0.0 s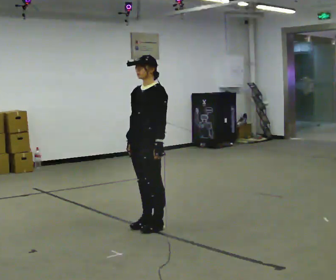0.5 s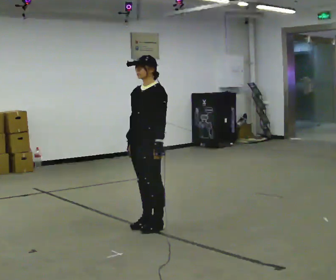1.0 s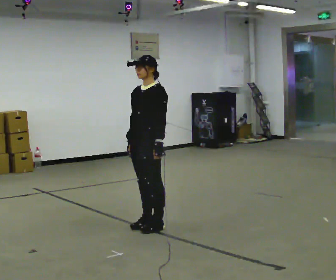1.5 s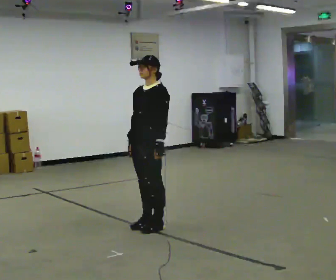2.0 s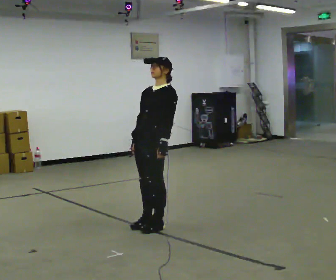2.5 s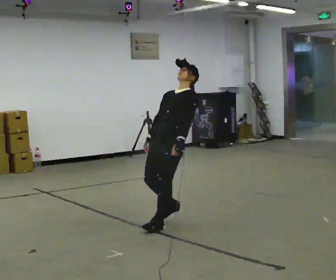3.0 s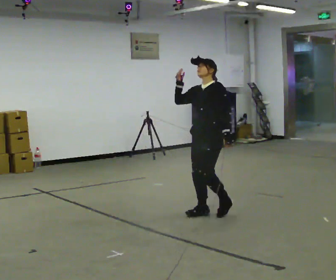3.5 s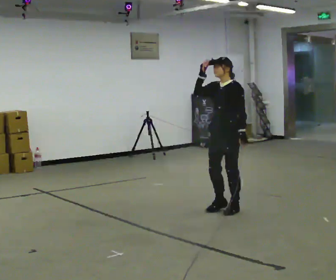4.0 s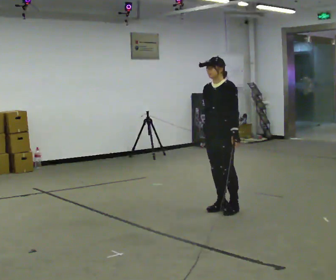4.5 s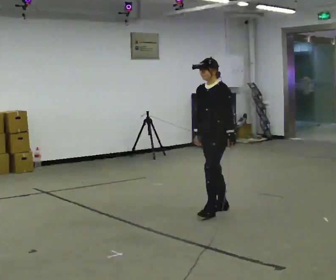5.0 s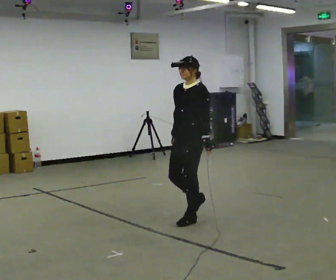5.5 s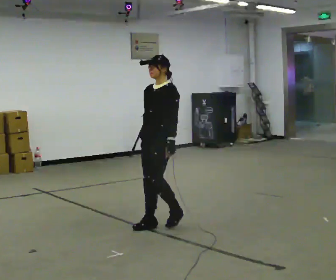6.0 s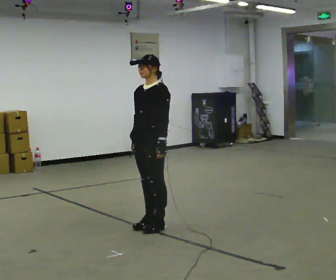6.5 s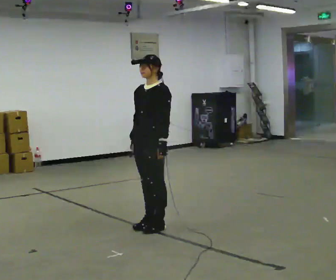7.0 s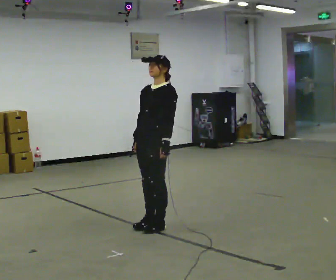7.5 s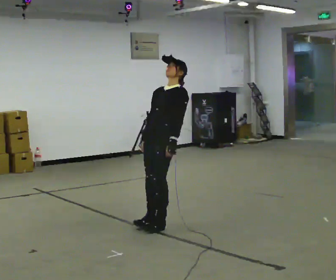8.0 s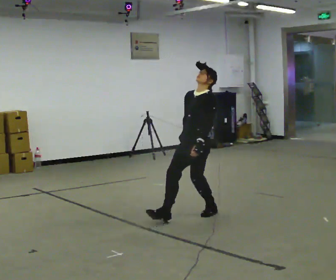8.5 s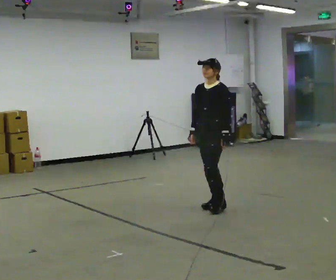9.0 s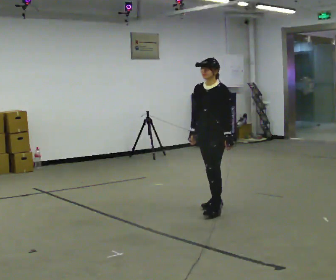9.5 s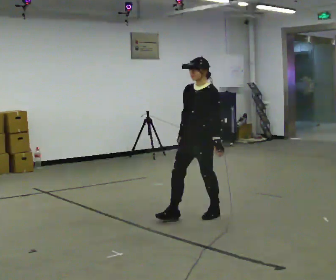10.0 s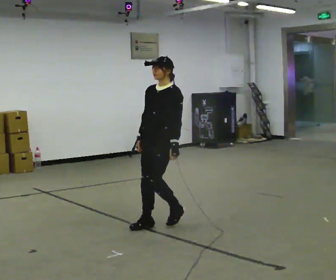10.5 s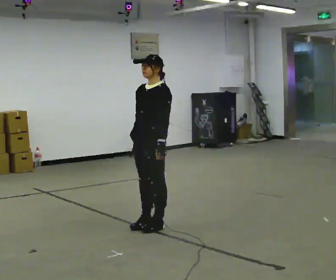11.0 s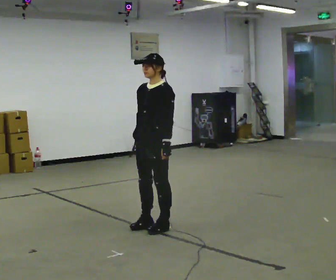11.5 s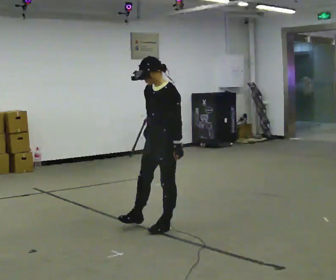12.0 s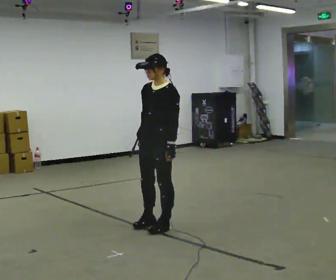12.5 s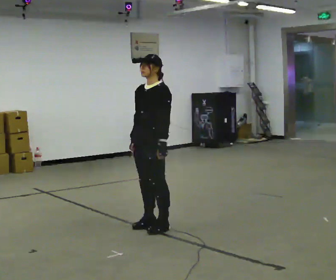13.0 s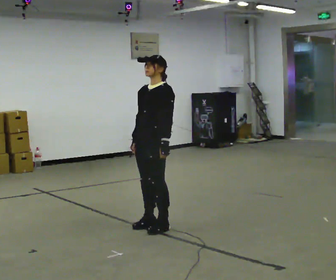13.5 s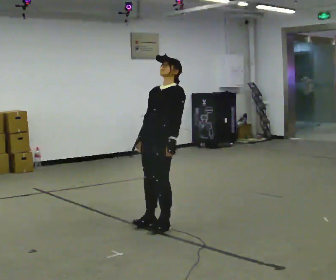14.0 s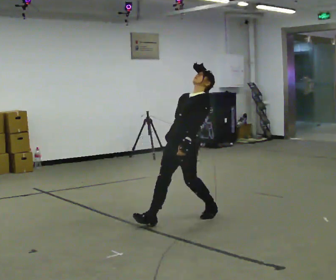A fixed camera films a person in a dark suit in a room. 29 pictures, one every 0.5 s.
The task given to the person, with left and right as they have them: Stand on the marked spots. Lean backward, keeping your body straight, until you cannot hold it, then step back to catch yourself. Return to the spots. Repeat at your own pace until the operator says stop. Go slowly and only as far as you are comfortable. Step whenever you need to; do not try to hold on longer than feels safe.
0.0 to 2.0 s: The person moves a little, or ends about where they began.
2.0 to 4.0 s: In the picture they go to the right and away from the camera, about 1 m in 3 steps, which for them is backward.
4.0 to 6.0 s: In the picture they go to the left and toward the camera, about 1 m in 3 steps, which for them is forward.
6.0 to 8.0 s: In the picture they go to the right and away from the camera, about 0.5 m in 1 step, which for them is backward.
8.0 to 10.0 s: In the picture they go to the left and toward the camera, about 0.5 m in 4 steps, which for them is forward.
10.0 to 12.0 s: In the picture they go toward the camera, about 0.25 m in 1 step, which for them is forward.
12.0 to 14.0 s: In the picture they go away from the camera and to the right, about 0.5 m, which for them is backward.
The film runs forward here.
